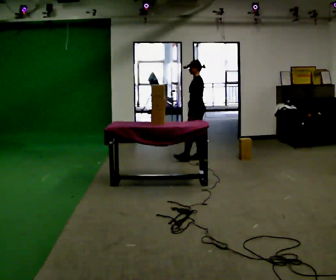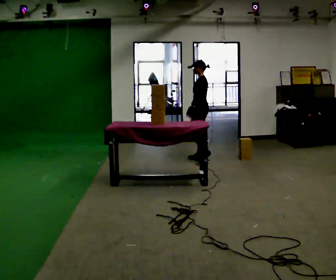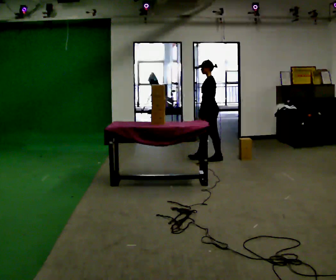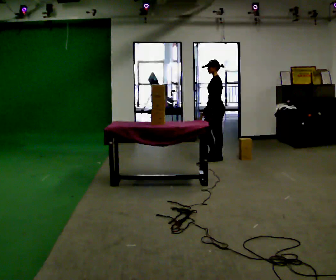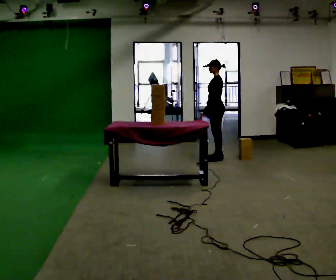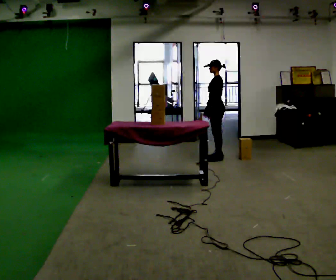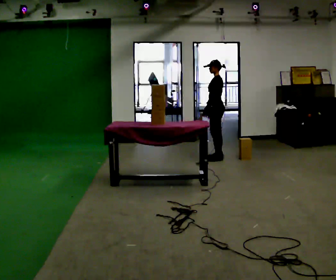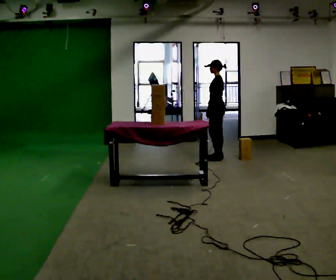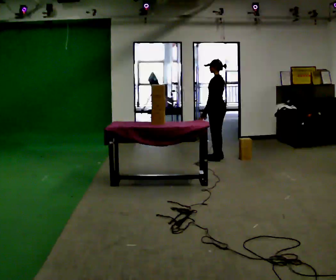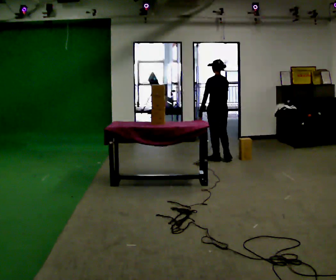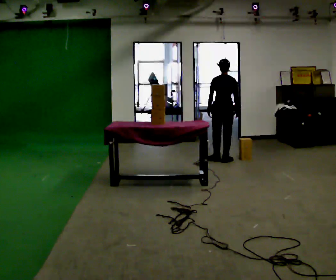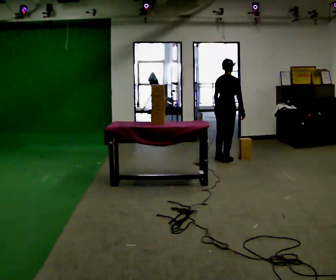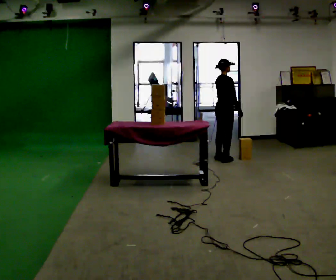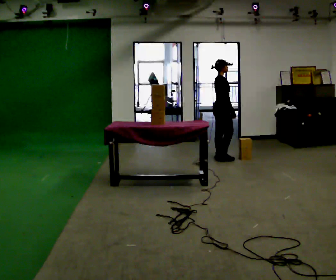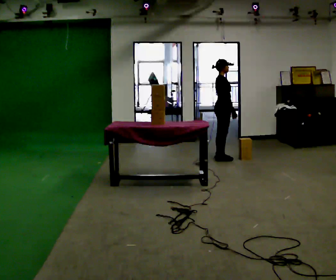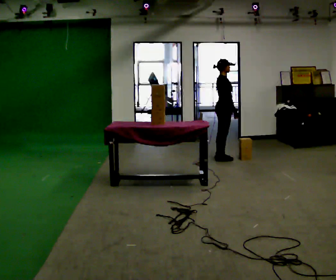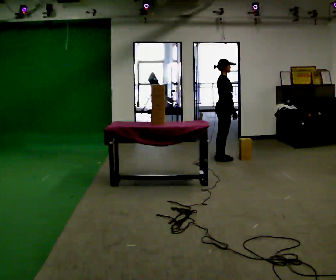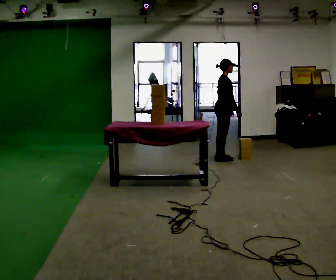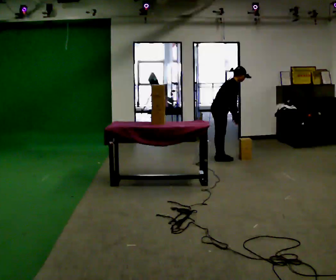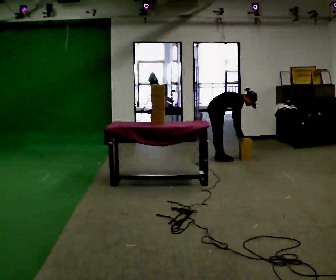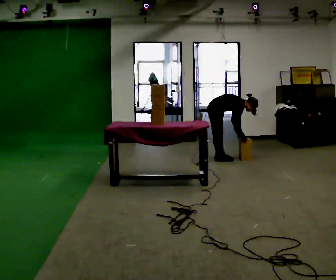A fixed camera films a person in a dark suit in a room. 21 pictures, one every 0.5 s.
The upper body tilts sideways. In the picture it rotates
clockwise.
The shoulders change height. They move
downward.
0.0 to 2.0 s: In the picture they go to the right, about 0.25 m in 2 steps, which for them is backward.
2.0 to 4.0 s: Seen from above the body turns clockwise, about 30 degrees: to their right, with its near side sliding to the left.
4.0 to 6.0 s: The person turns about 135 degrees to their right, clockwise seen from above, so the part of the body nearest the lens slides to the left.
6.0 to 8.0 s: The person moves a little, or ends about where they began.
8.0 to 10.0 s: The shoulders move downward. In the picture the upper body tilts clockwise, shoulders to the right, as they bend forward. In the picture their left hand goes downward.
The film runs backward here.
